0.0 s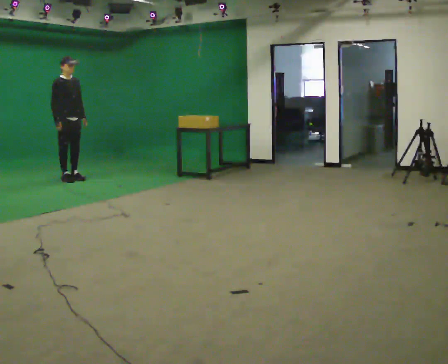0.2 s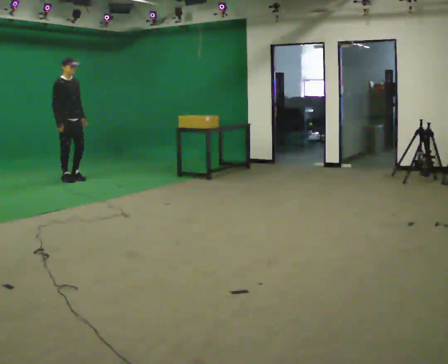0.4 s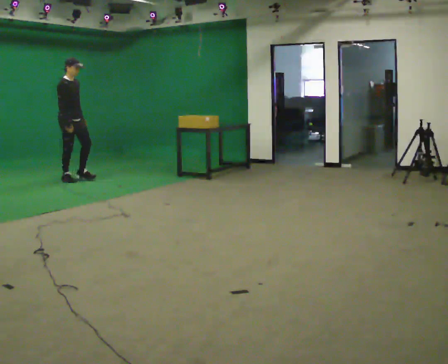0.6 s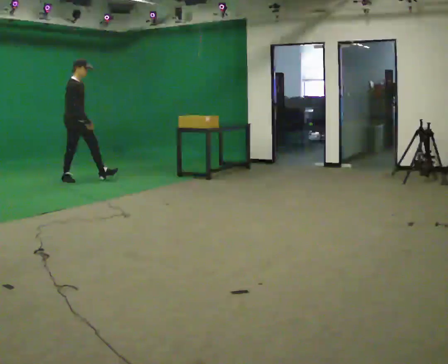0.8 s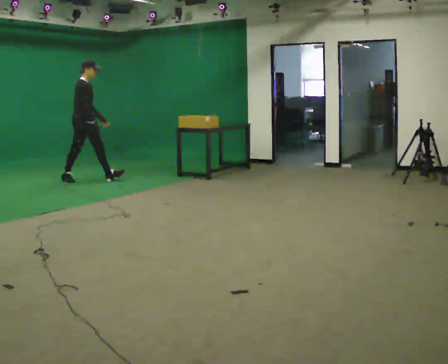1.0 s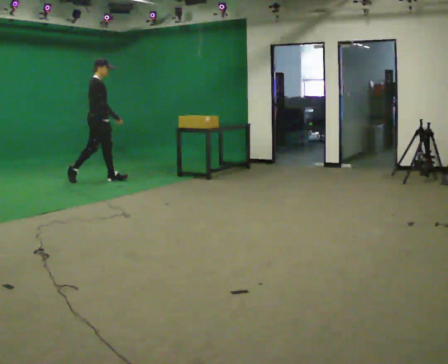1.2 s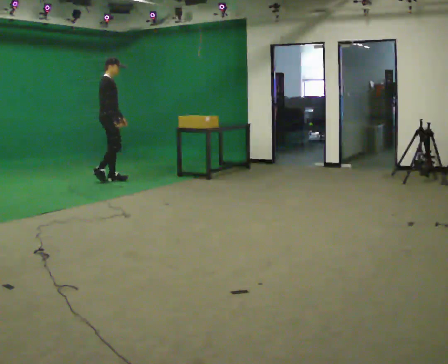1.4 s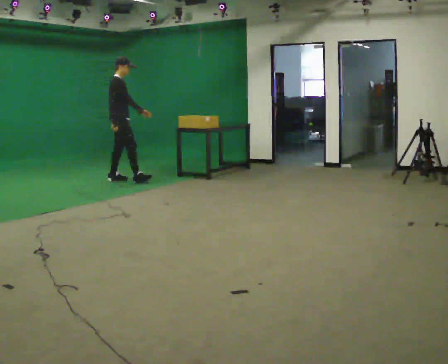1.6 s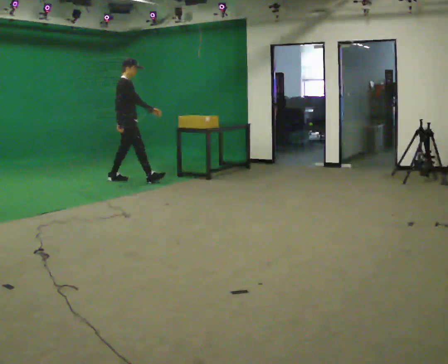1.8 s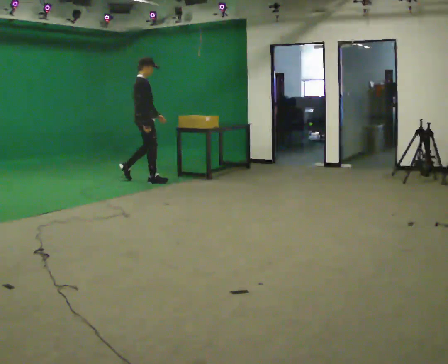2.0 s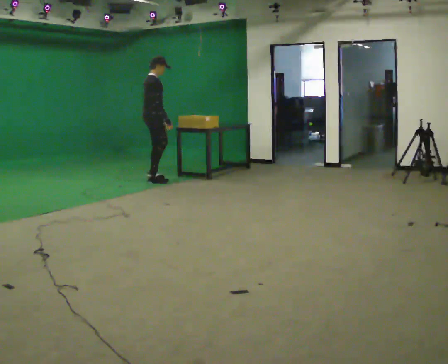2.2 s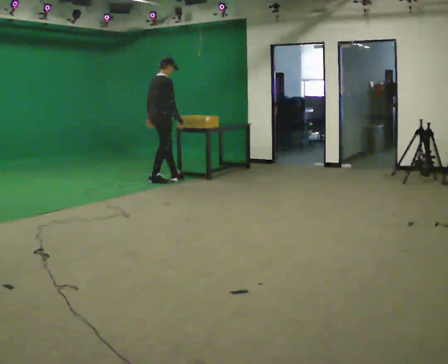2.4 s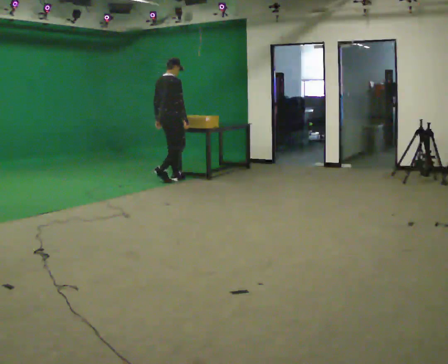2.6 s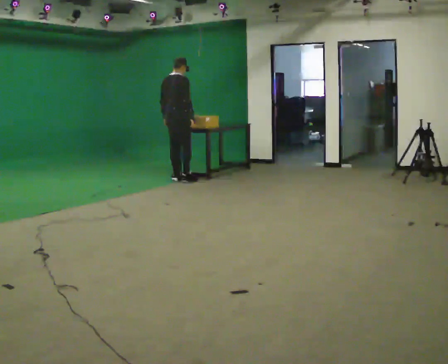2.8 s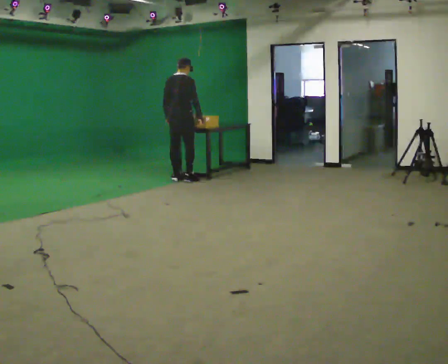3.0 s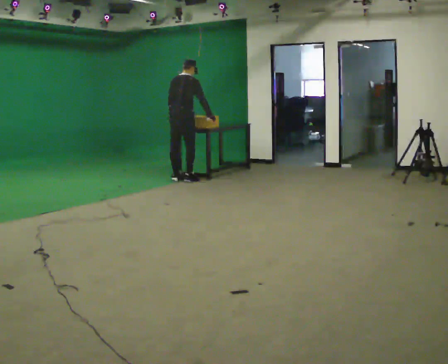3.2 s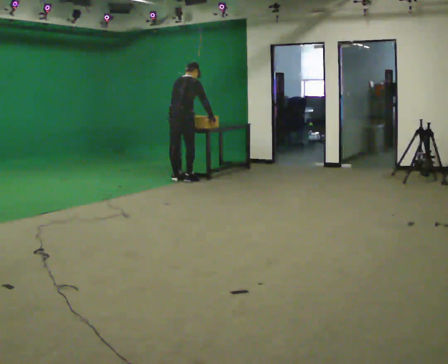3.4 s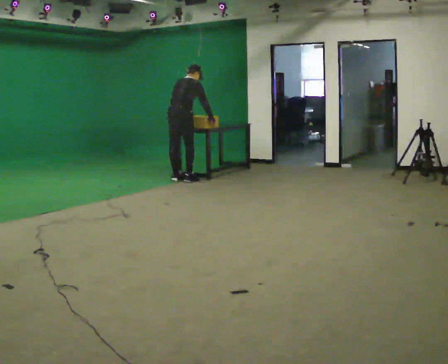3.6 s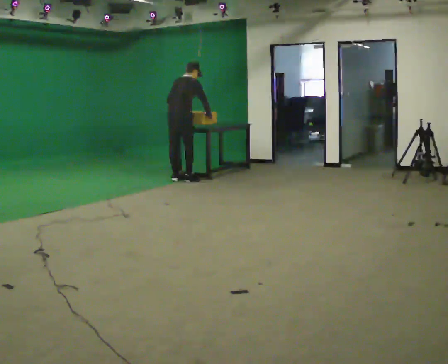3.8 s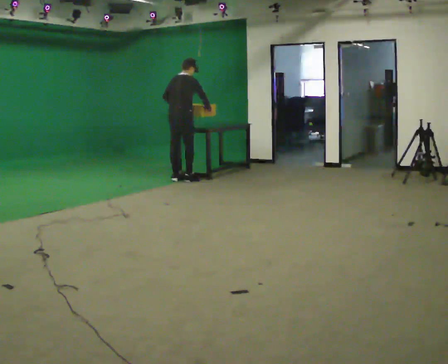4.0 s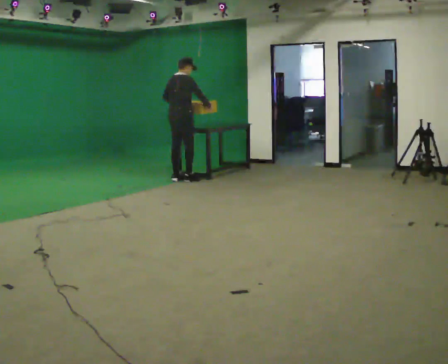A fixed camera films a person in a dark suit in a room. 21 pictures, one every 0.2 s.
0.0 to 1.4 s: The part of the body nearest the lens slides to the right as the person turns to their left by about 45 degrees. In the picture they go to the right, about 1 m in 1 step, which for them is forward.
1.4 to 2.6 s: Seen from above the body turns counterclockwise, about 45 degrees: to their left, with its near side sliding to the right. In the picture they go to the right, about 1 m in 2 steps, which for them is forward.
2.6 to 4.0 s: The person moves a little, or ends about where they began.
The film runs forward here.
